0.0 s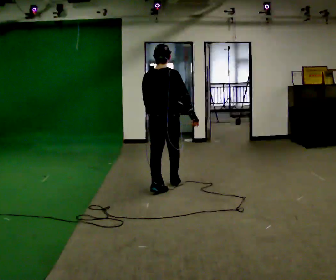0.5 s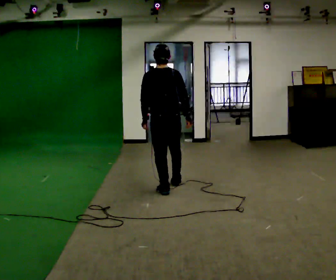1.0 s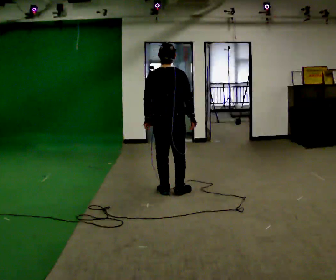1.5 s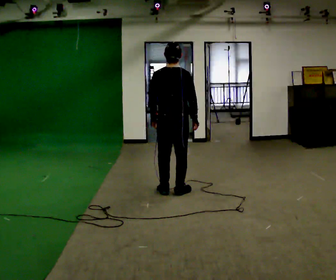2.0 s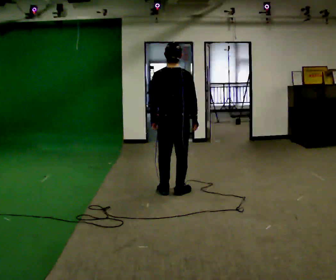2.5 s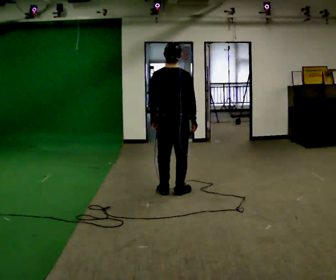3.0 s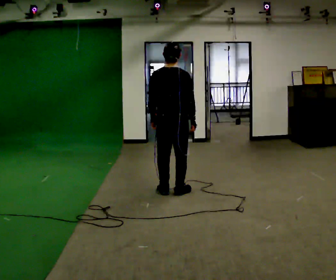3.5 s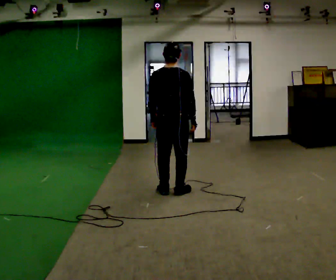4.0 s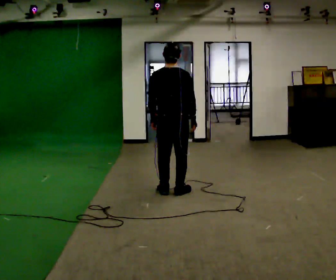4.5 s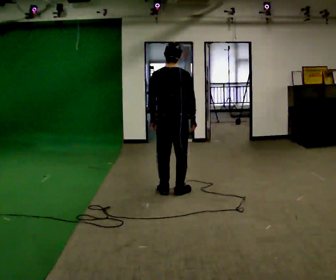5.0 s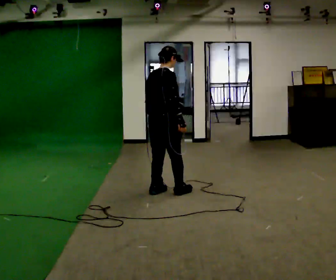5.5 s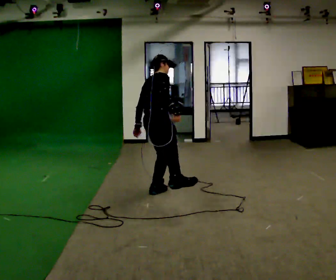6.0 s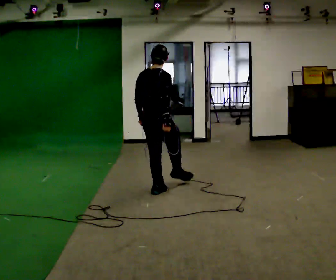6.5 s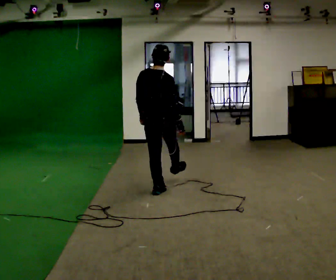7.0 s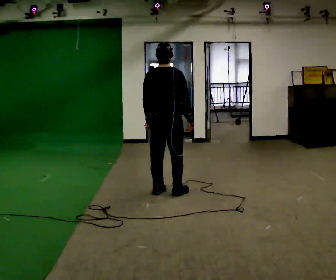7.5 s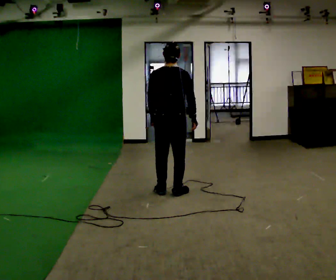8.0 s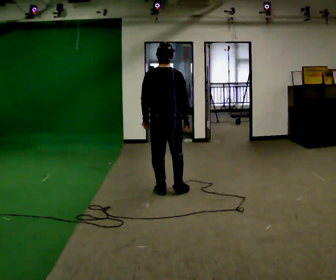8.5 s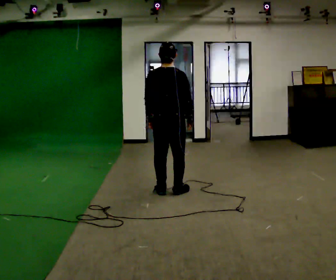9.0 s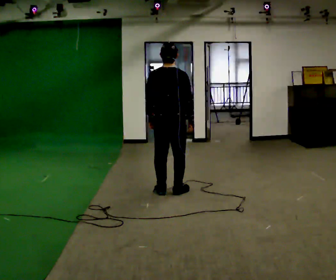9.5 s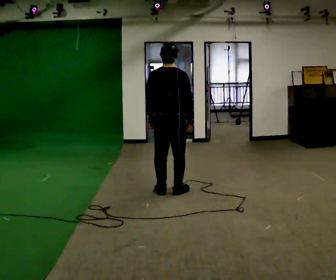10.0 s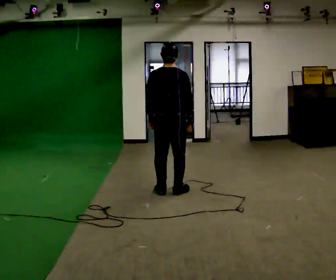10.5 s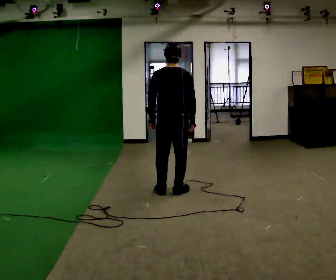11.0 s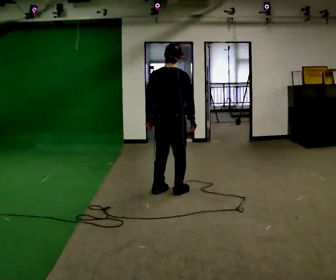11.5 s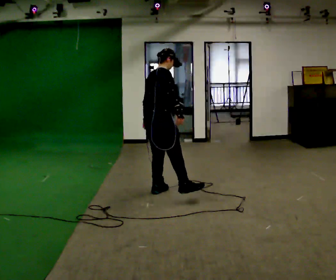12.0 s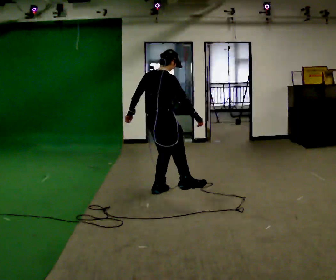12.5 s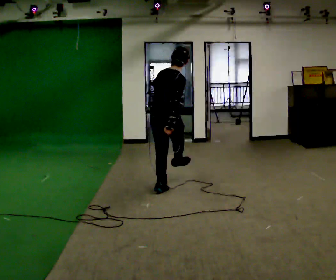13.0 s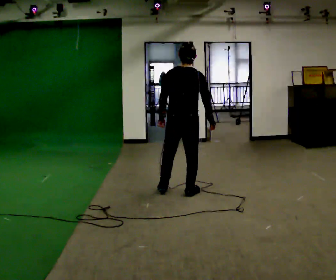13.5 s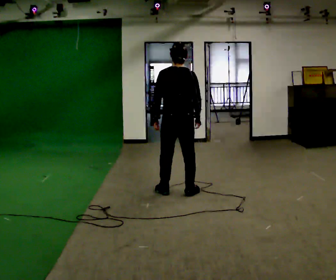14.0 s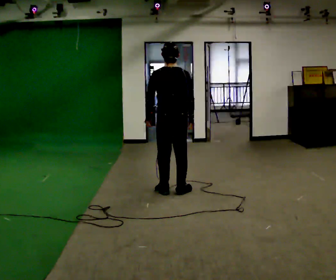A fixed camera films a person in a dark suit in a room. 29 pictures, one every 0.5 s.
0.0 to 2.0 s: In the picture they go toward the camera, about 0.25 m in 1 step, which for them is backward.
2.0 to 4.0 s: The person moves a little, or ends about where they began.
4.0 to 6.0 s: The person turns about 30 degrees to their right, clockwise seen from above, so the part of the body nearest the lens slides to the left. In the picture they go to the left, about 0.25 m, which for them is to their left. In the picture their right hand goes to the left.
6.0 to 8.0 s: The person turns about 30 degrees to their left, counterclockwise seen from above, so the part of the body nearest the lens slides to the right.
8.0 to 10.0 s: The person moves a little, or ends about where they began.
10.0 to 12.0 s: The part of the body nearest the lens slides to the left as the person turns to their right by about 45 degrees.
12.0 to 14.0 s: Seen from above the body turns counterclockwise, about 45 degrees: to their left, with its near side sliding to the right.
The film runs forward here.
